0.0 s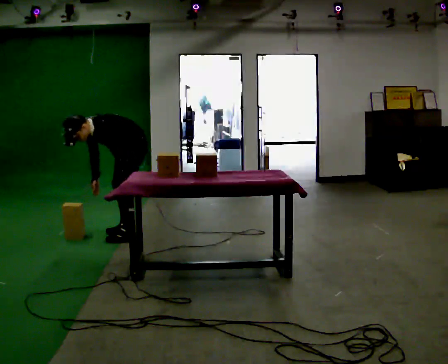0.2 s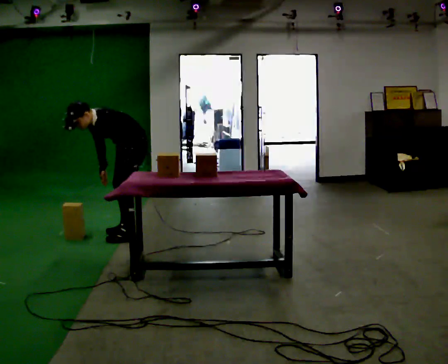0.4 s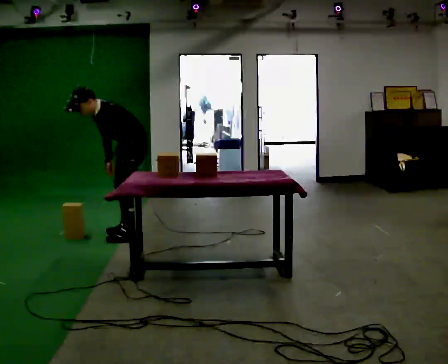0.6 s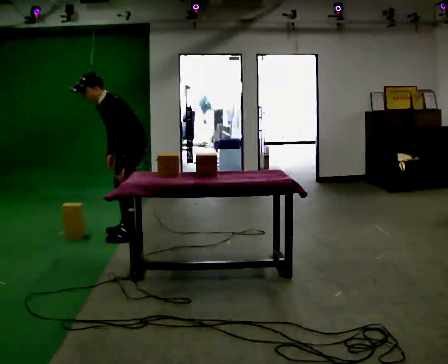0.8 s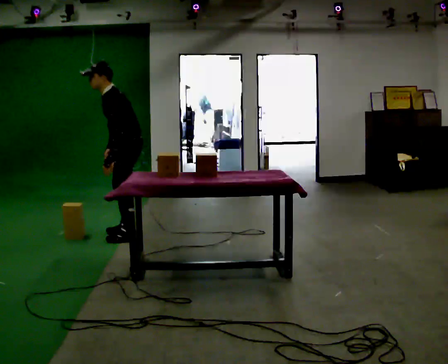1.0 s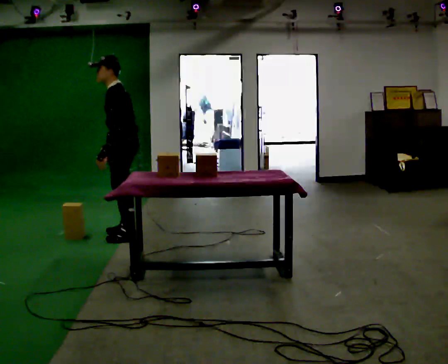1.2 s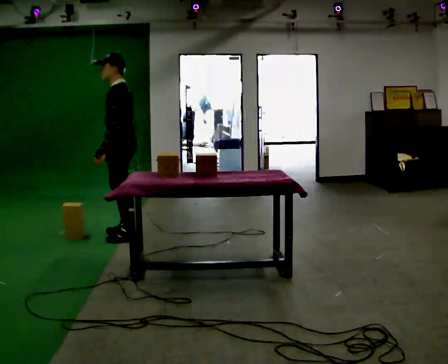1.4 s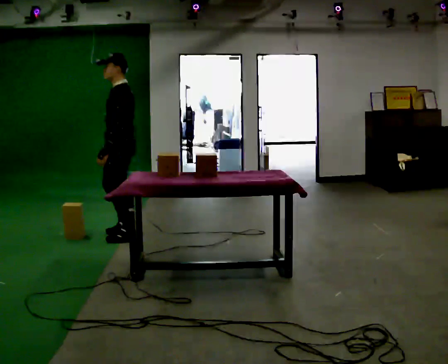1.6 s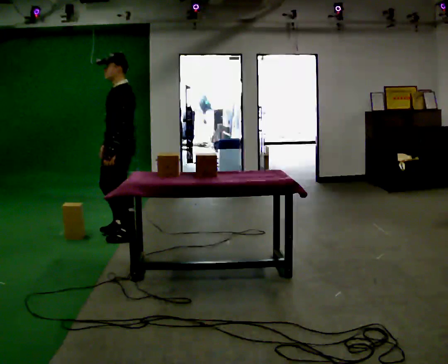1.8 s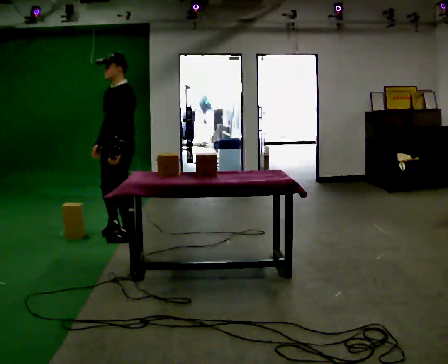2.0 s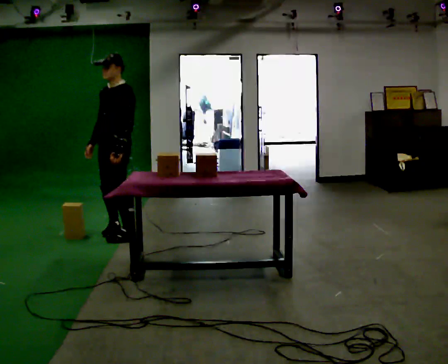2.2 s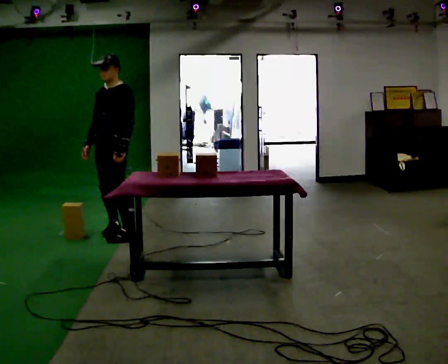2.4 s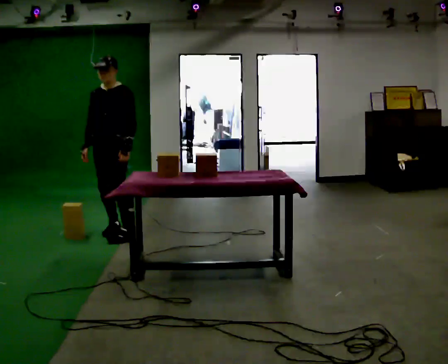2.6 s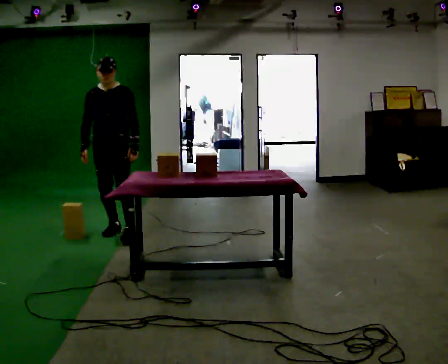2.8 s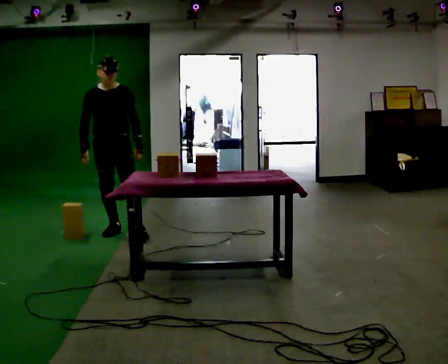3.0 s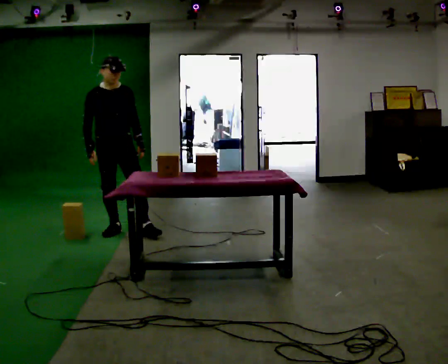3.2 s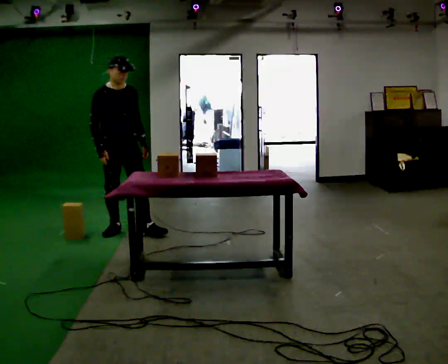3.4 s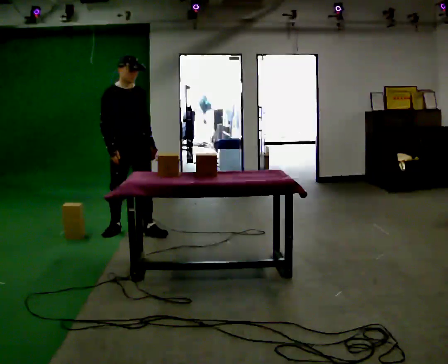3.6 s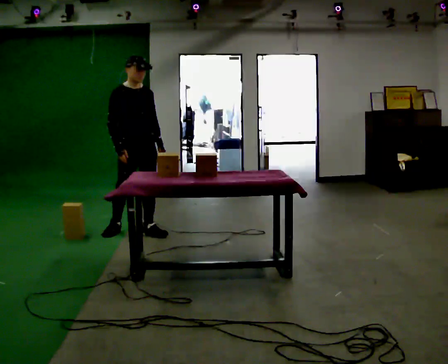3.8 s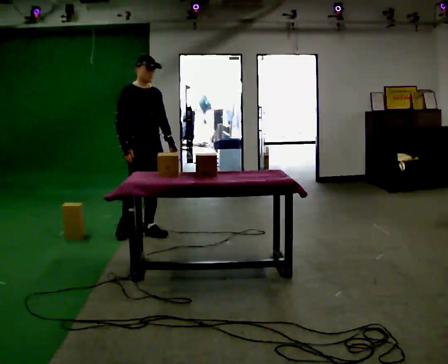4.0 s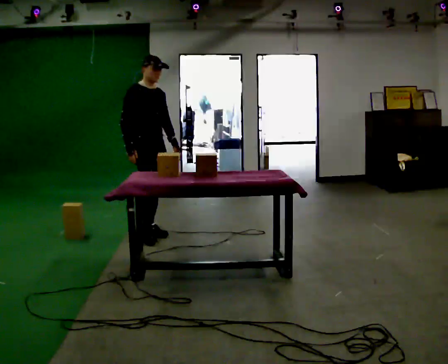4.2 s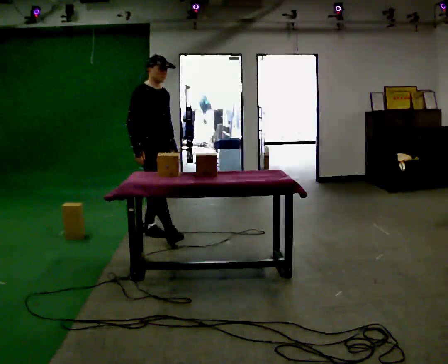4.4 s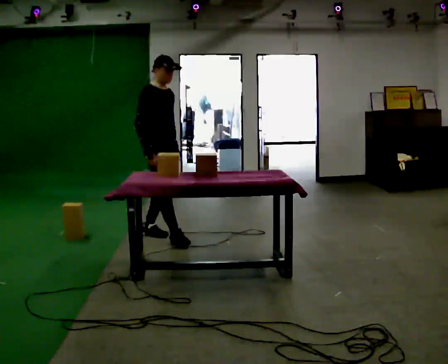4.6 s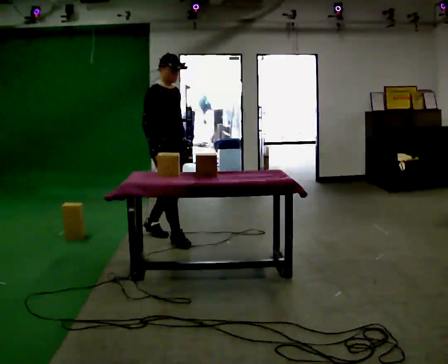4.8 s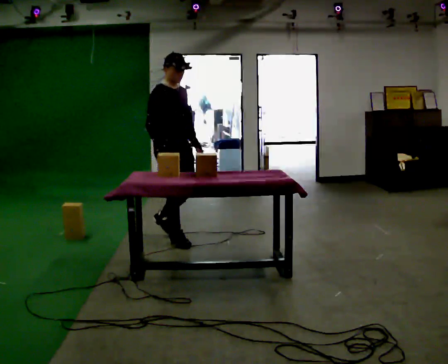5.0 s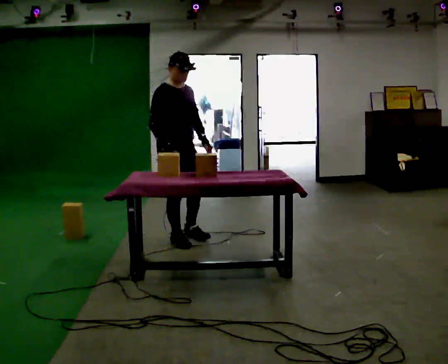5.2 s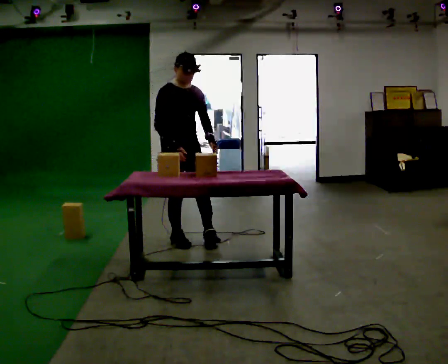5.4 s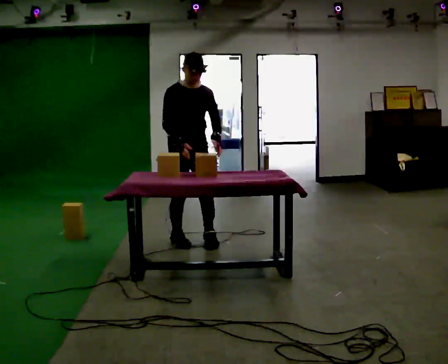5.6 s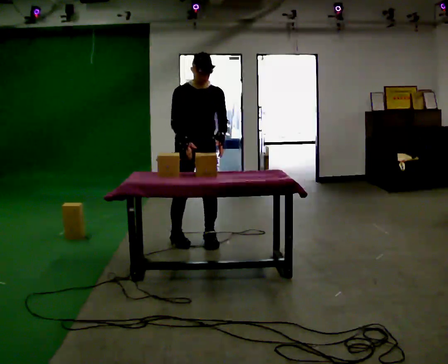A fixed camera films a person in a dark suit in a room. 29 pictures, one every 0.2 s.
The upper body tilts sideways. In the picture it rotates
clockwise.
The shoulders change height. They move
upward.
0.0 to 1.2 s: The shoulders move upward. In the picture the upper body tilts clockwise, shoulders to the right, as they lean back or straighten. In the picture their left hand goes upward, the arm swinging clockwise.
1.2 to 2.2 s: The person turns about 45 degrees to their left, counterclockwise seen from above, so the part of the body nearest the lens slides to the right. In the picture they go away from the camera, about 0.25 m in 1 step, which for them is to their right.
2.2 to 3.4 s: The person turns about 75 degrees to their left, counterclockwise seen from above, so the part of the body nearest the lens slides to the right. In the picture their left hand goes to the right.
3.4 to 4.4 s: Seen from above the body turns counterclockwise, about 30 degrees: to their left, with its near side sliding to the right. In the picture they go to the right and toward the camera, about 0.25 m in 1 step, which for them is forward.
4.4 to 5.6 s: The person turns about 60 degrees to their right, clockwise seen from above, so the part of the body nearest the lens slides to the left. In the picture they go to the right and toward the camera, about 0.5 m in 1 step, which for them is forward and to their left.
The film runs forward here.
